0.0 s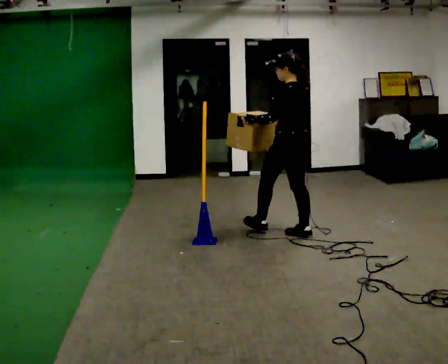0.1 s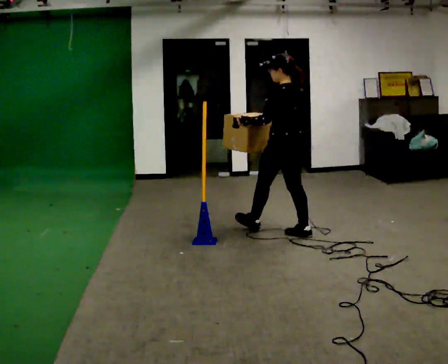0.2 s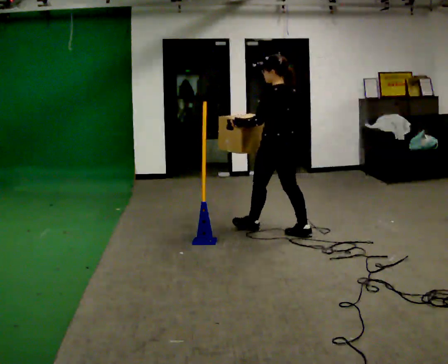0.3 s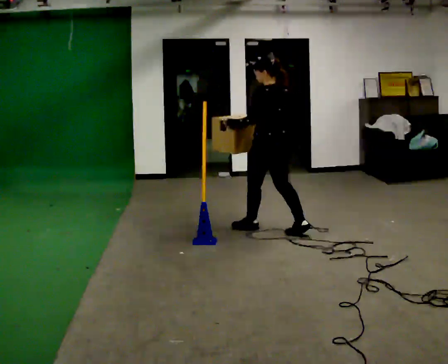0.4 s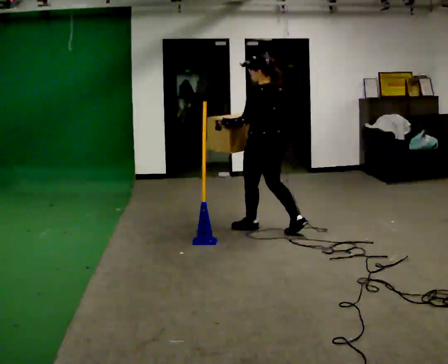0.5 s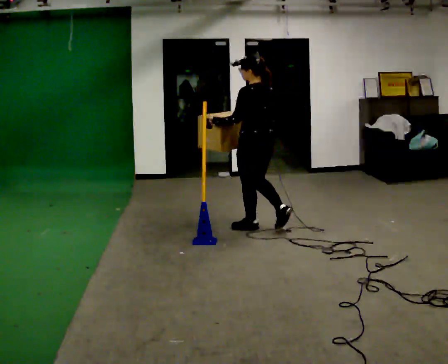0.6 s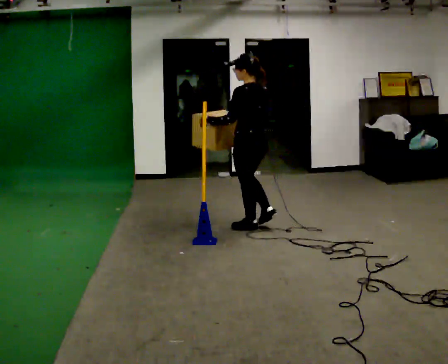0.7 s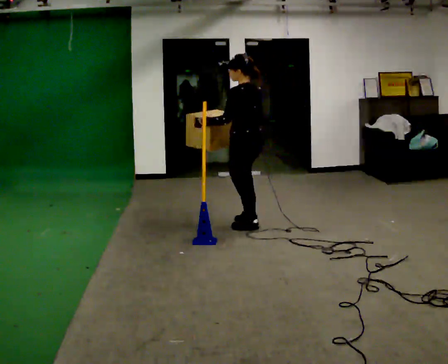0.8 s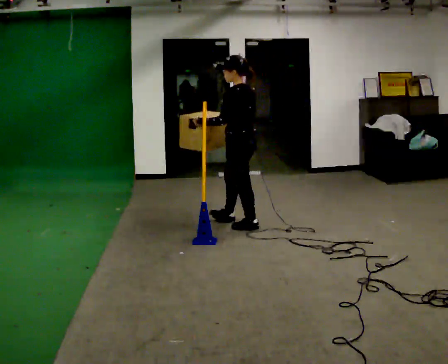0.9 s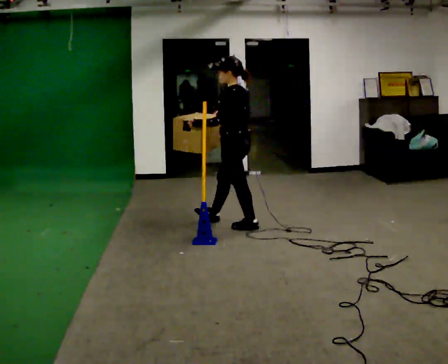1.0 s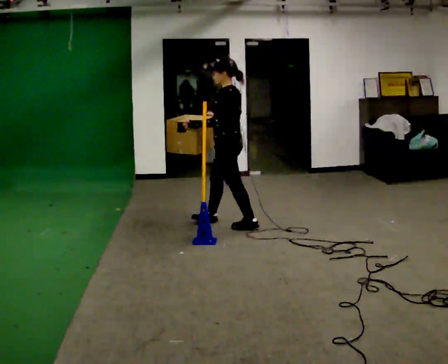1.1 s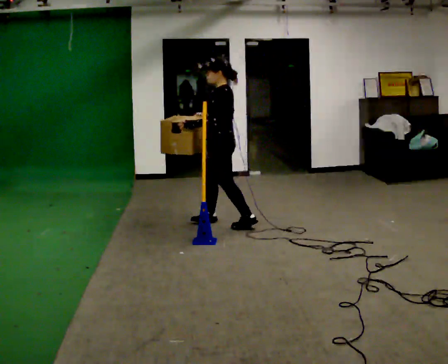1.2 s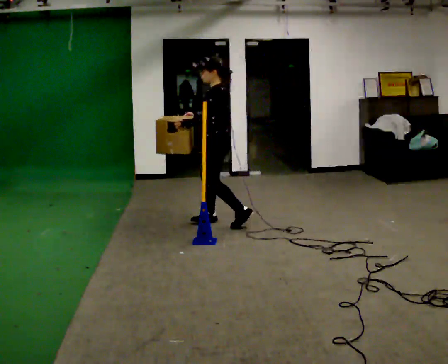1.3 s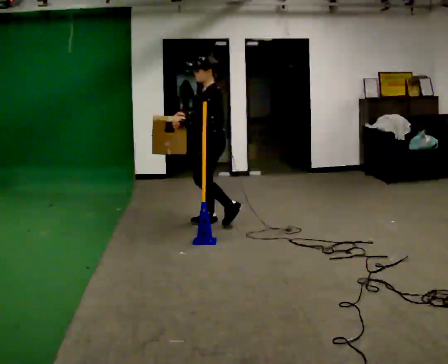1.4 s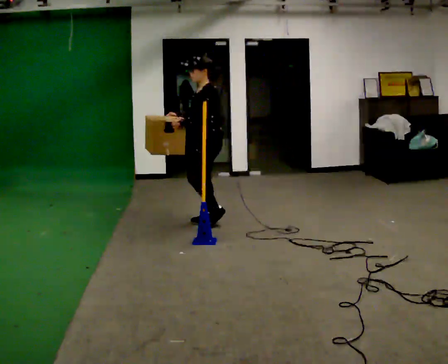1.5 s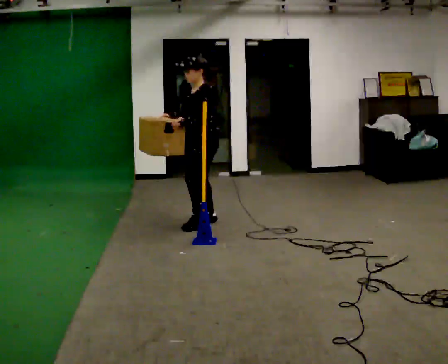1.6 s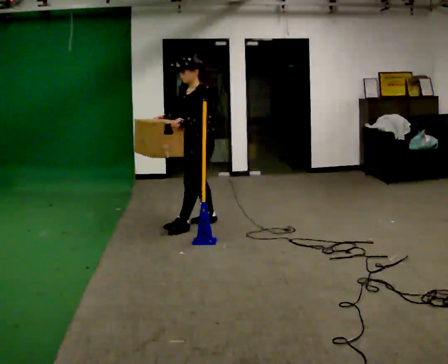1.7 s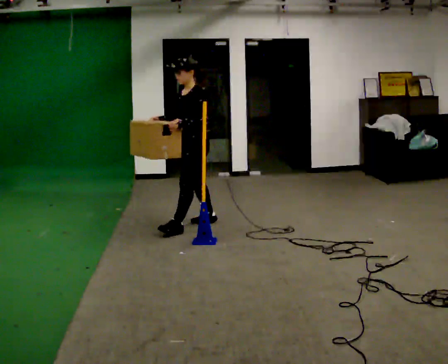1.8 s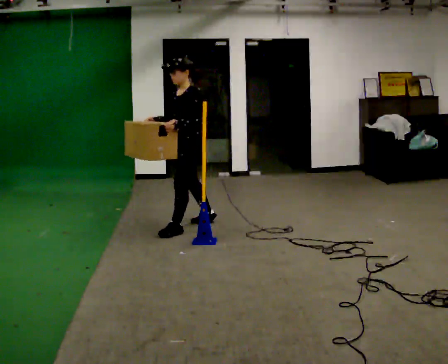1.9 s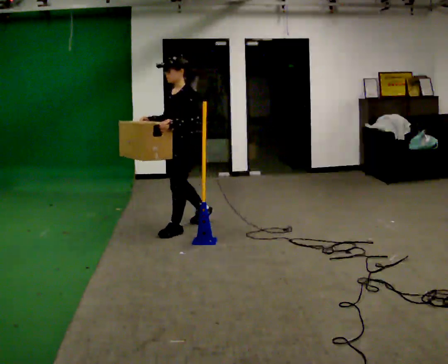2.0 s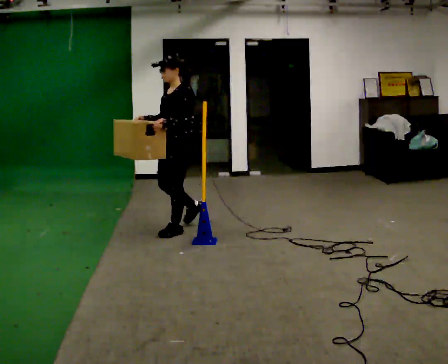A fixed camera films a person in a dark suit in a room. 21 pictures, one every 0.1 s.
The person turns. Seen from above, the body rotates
counterclockwise.
The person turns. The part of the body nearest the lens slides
to the right.
0.0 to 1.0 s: The part of the body nearest the lens slides to the right as the person turns to their left by about 30 degrees. In the picture they go to the left and away from the camera, about 0.5 m in 2 steps, which for them is forward.
1.0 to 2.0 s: The person turns about 45 degrees to their left, counterclockwise seen from above, so the part of the body nearest the lens slides to the right. In the picture they go to the left and toward the camera, about 0.5 m in 1 step, which for them is forward.
The film runs forward here.
